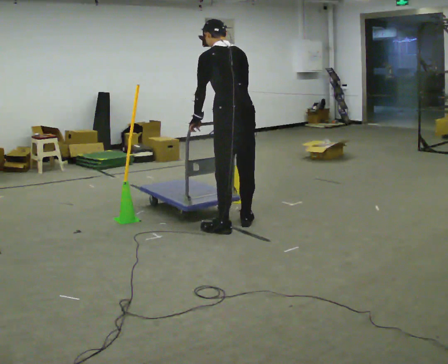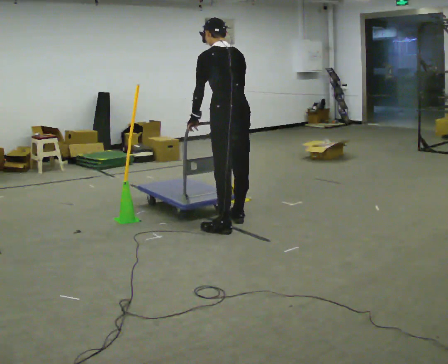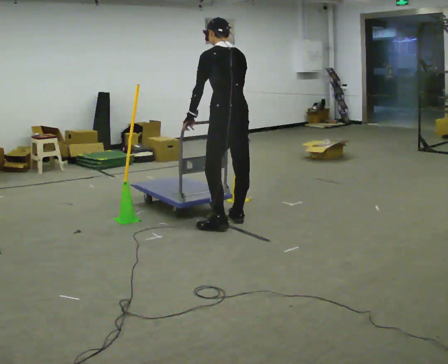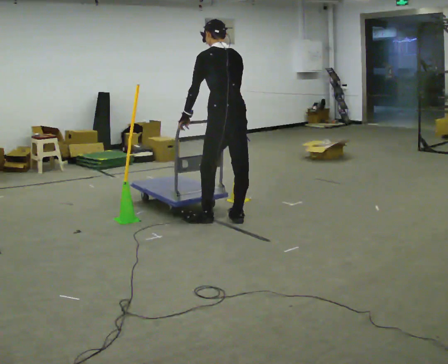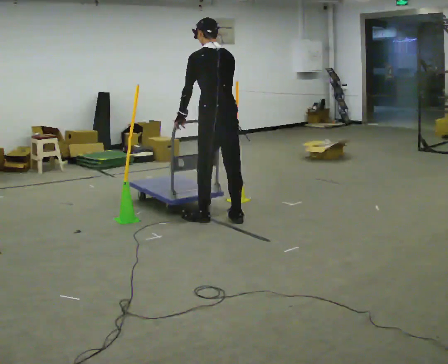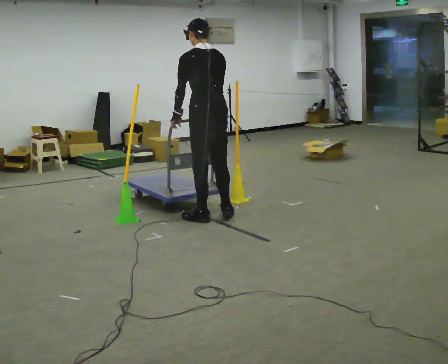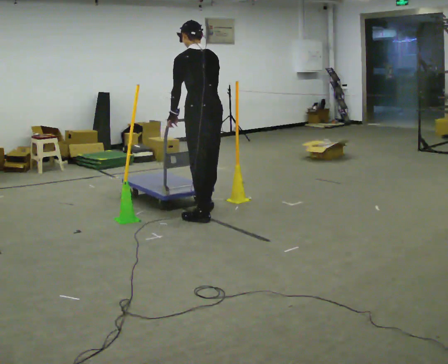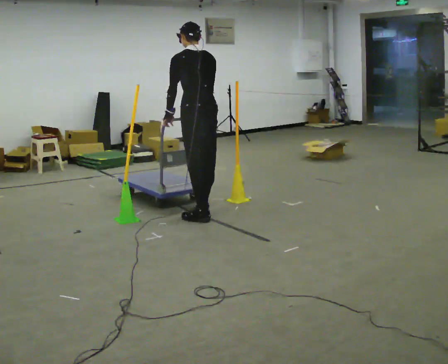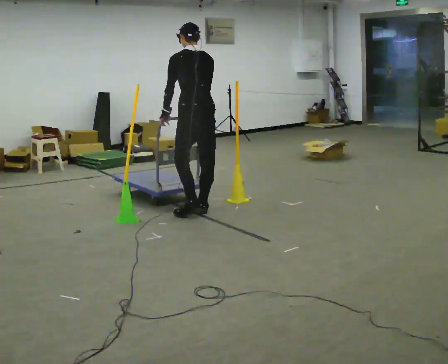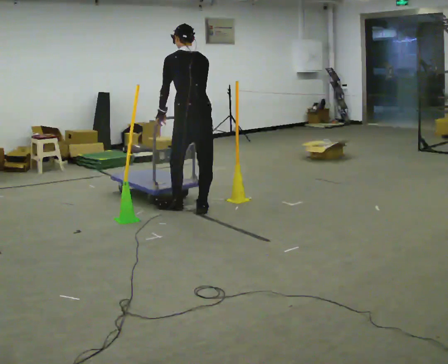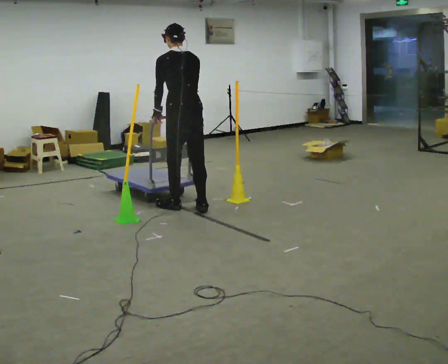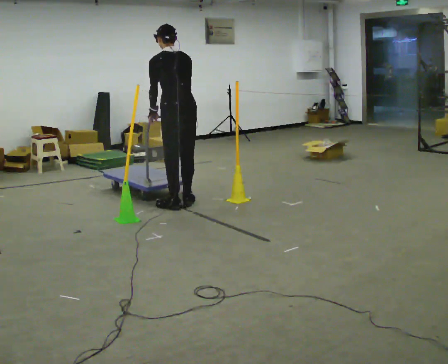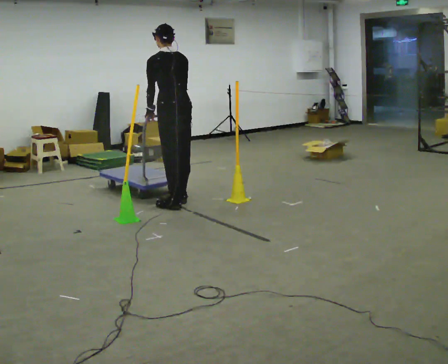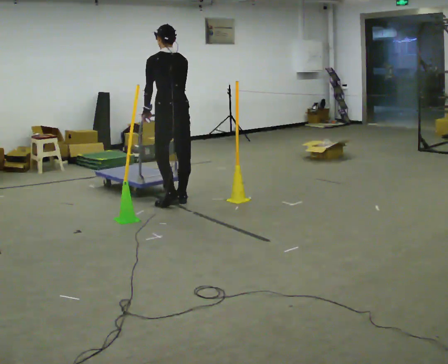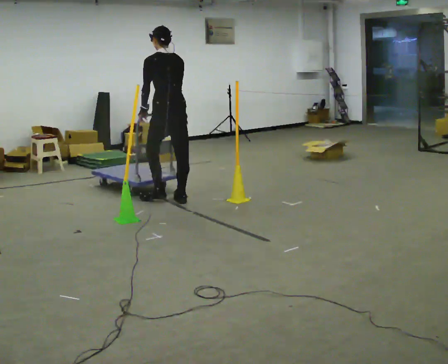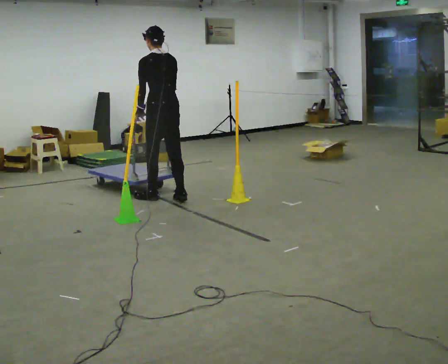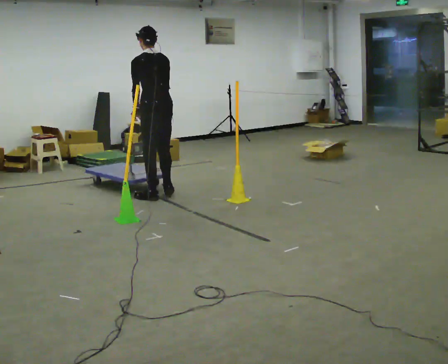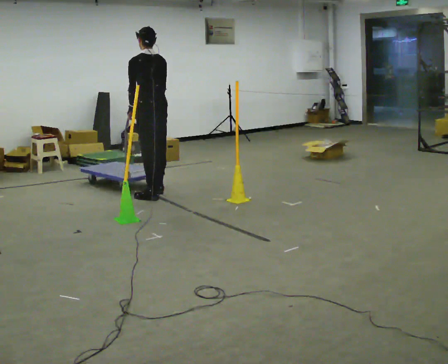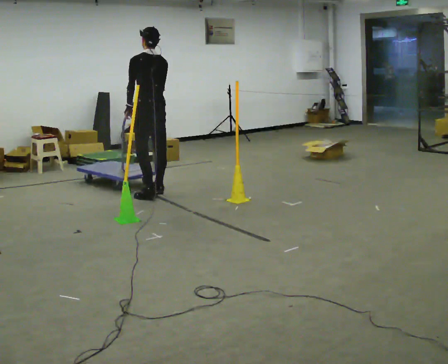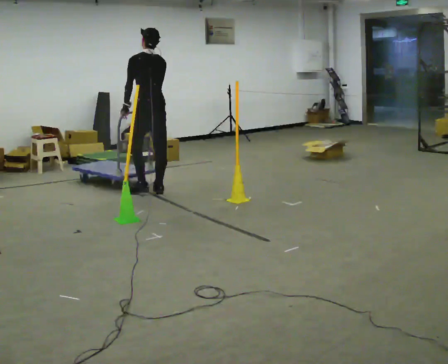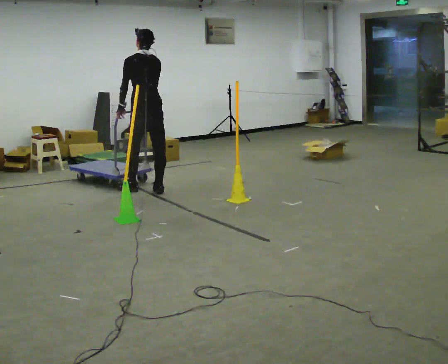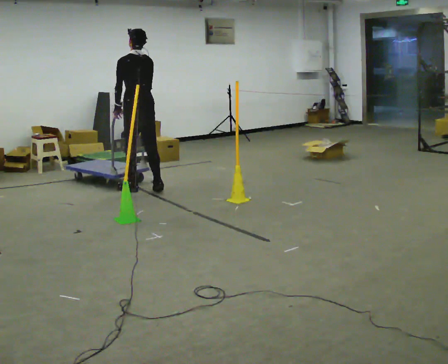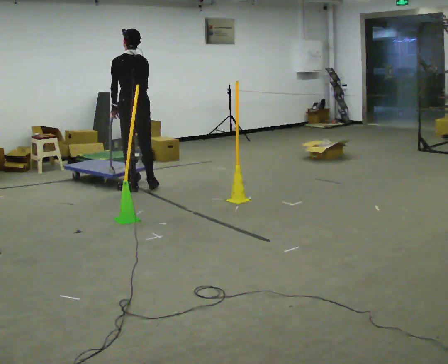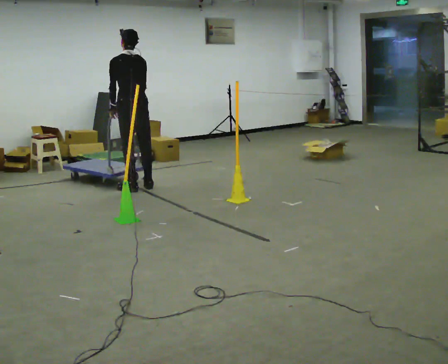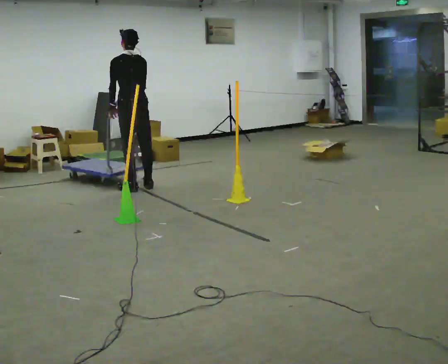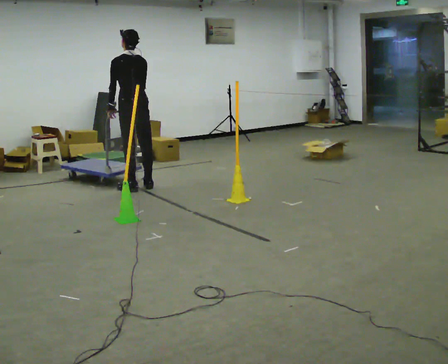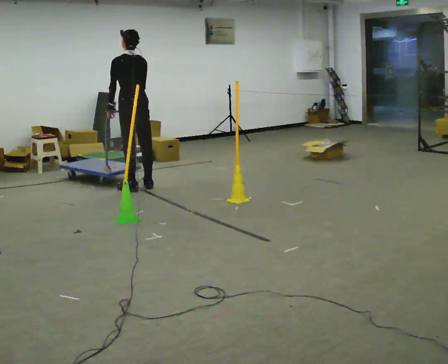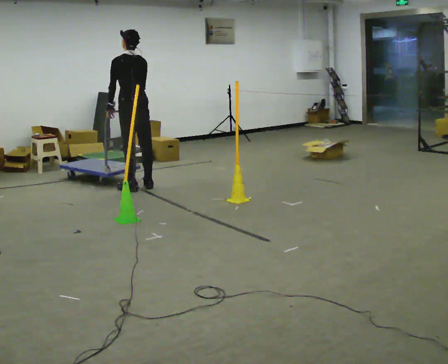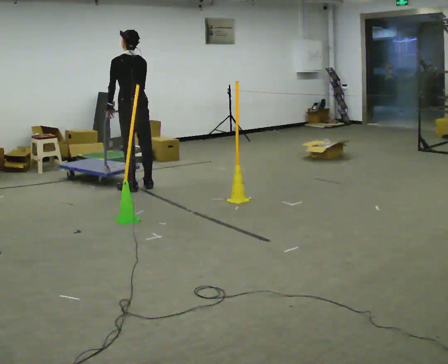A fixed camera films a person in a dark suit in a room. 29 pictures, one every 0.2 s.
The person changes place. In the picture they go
away from the camera.
0.0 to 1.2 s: In the picture they go away from the camera and to the left, about 0.5 m in 2 steps, which for them is forward.
1.2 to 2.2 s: In the picture they go away from the camera and to the left, about 0.5 m in 2 steps, which for them is forward.
2.2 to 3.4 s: In the picture they go away from the camera and to the left, about 0.5 m in 2 steps, which for them is forward.
3.4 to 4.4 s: In the picture they go away from the camera and to the left, about 0.25 m in 2 steps, which for them is forward.
4.4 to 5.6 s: The person moves a little, or ends about where they began.
The film runs backward here.
